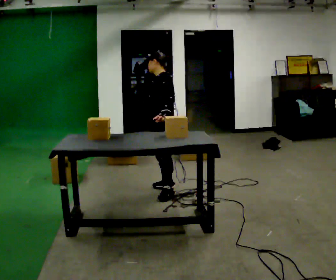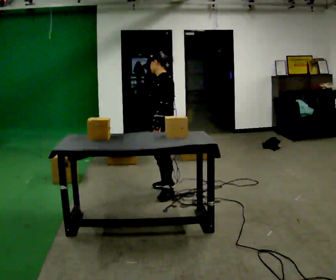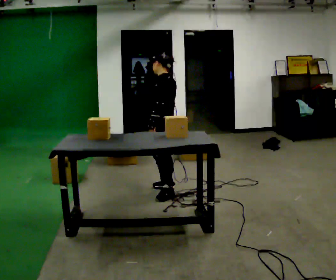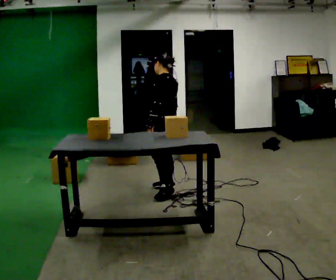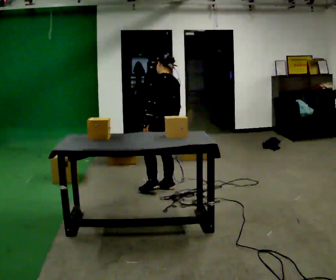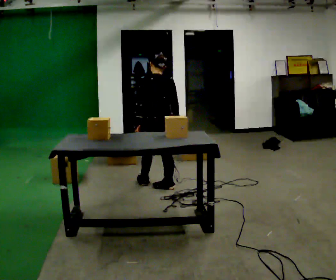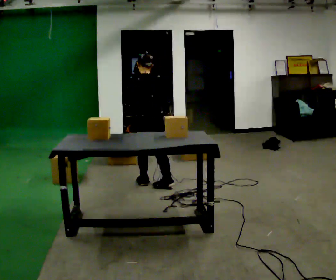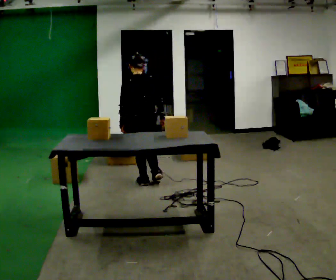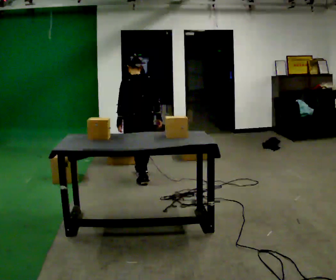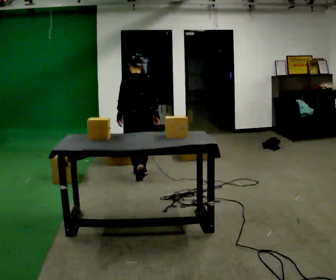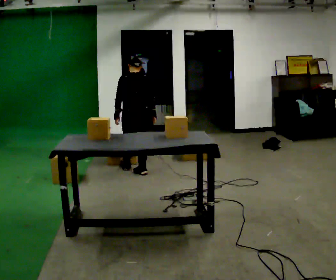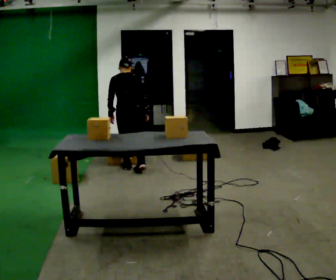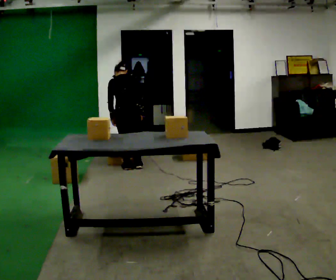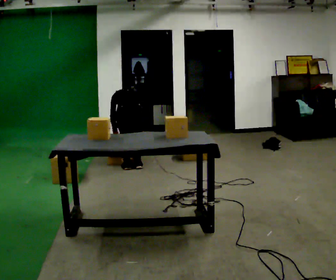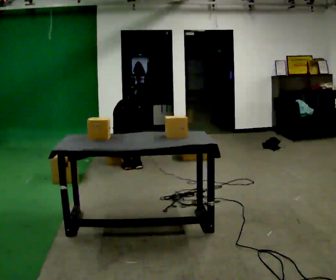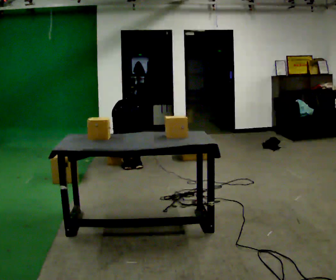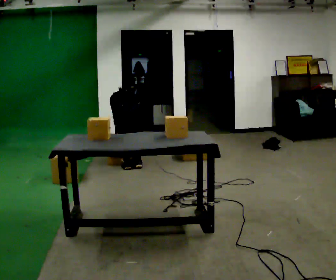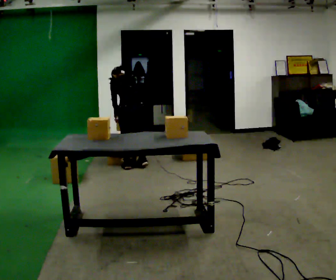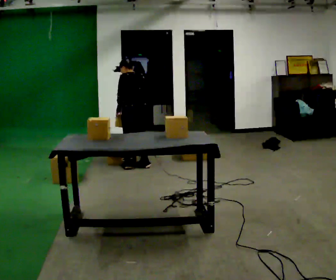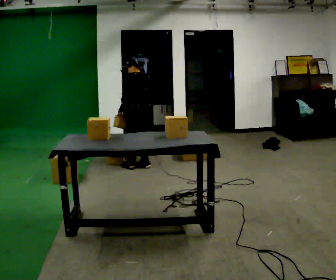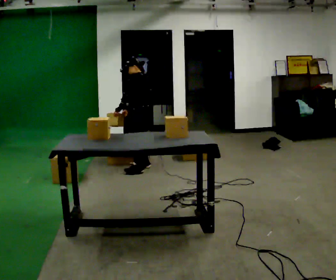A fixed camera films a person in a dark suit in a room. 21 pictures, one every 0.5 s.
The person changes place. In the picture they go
away from the camera.
The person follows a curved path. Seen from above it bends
clockwise.
0.0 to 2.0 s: The person turns about 45 degrees to their right, clockwise seen from above, so the part of the body nearest the lens slides to the left. In the picture they go away from the camera, about 0.25 m, which for them is to their right.
2.0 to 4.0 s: The part of the body nearest the lens slides to the left as the person turns to their right by about 30 degrees. In the picture they go away from the camera and to the left, about 0.5 m in 2 steps, which for them is forward.
4.0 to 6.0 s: In the picture they go away from the camera, about 0.5 m in 2 steps, which for them is forward. The upper body tips away from the camera, its near side rolling upward, as they bend forward.
6.0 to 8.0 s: The person moves a little, or ends about where they began.
8.0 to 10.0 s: Seen from above the body turns counterclockwise, about 60 degrees: to their left, with its near side sliding to the right. In the picture they go to the right, about 0.25 m. The shoulders move upward. The upper body tips toward the camera, its near side rolling downward, as they lean back or straighten.
The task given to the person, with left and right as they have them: Take each object from the table and put it in the bin that matches it, walking between the bins. Keep going until the operator says stop; one object at a time, and do not rush between trips.
The film runs forward here.
